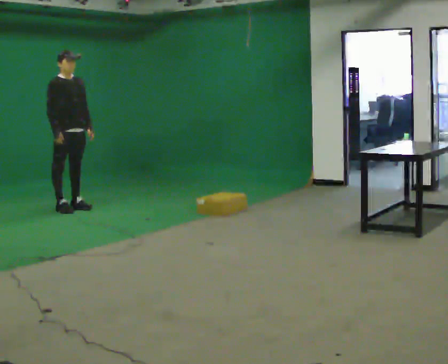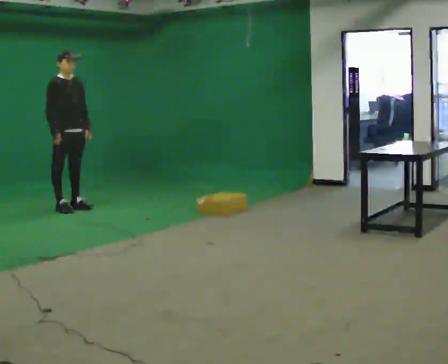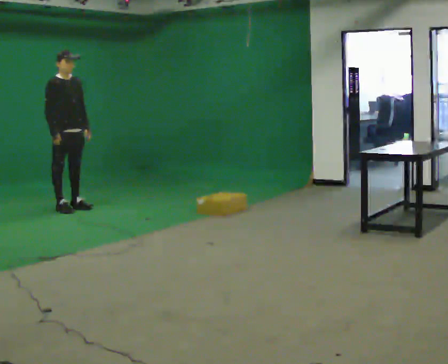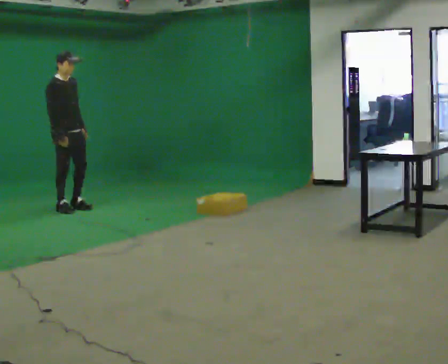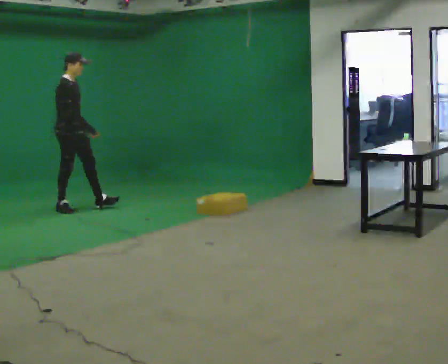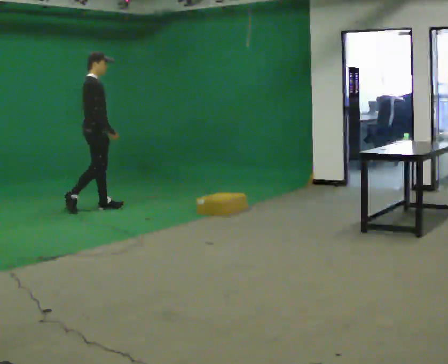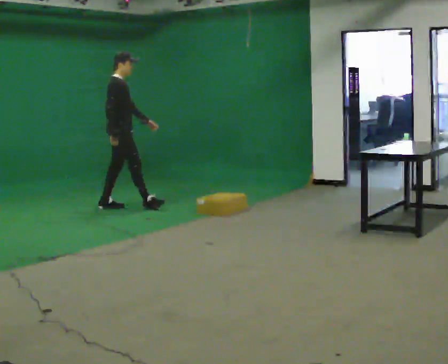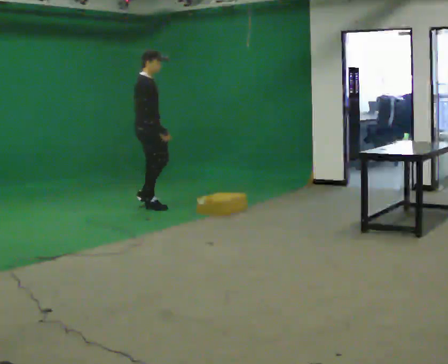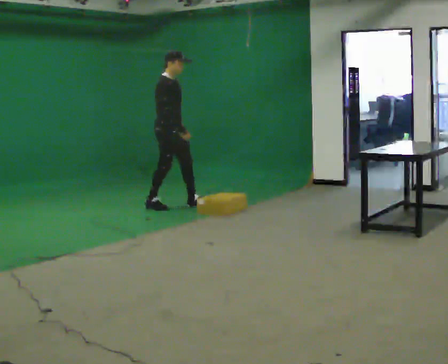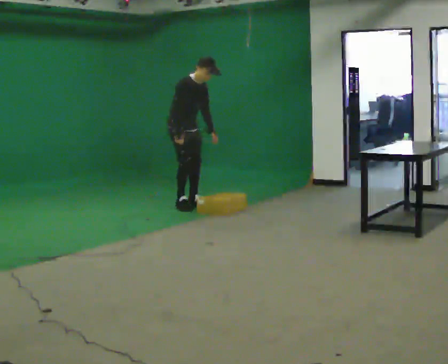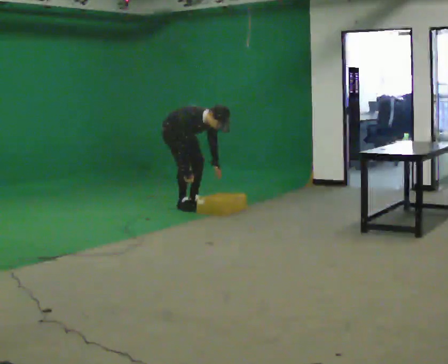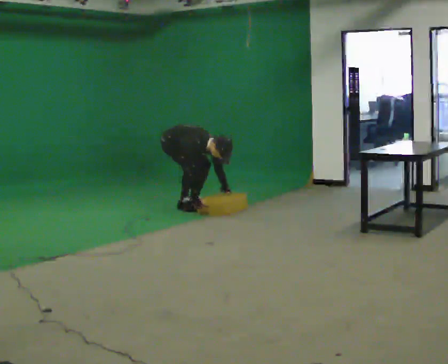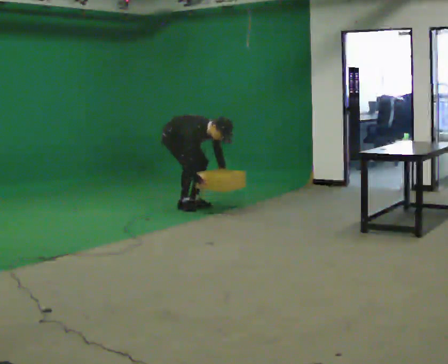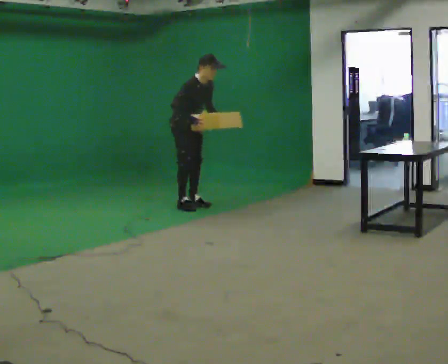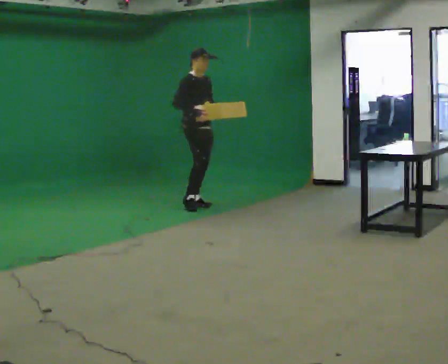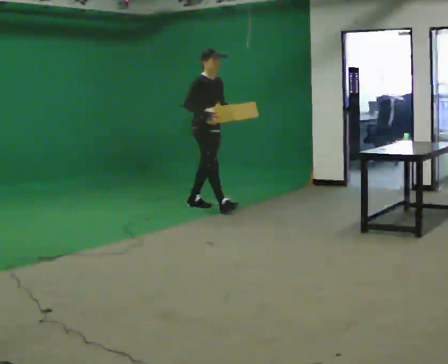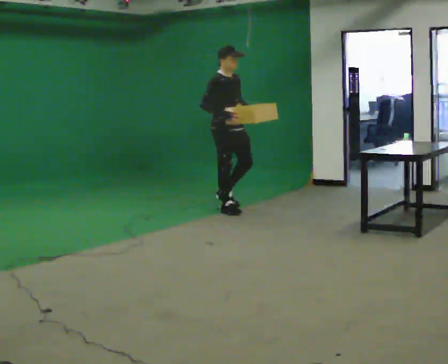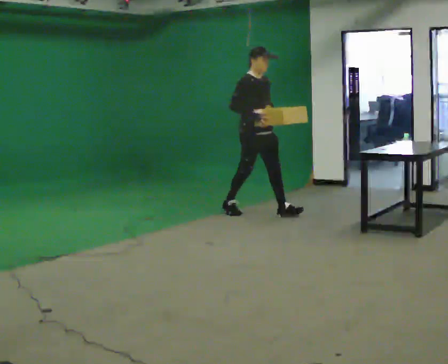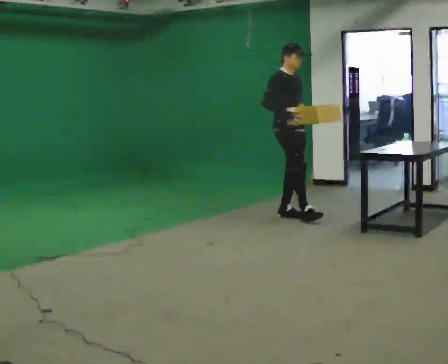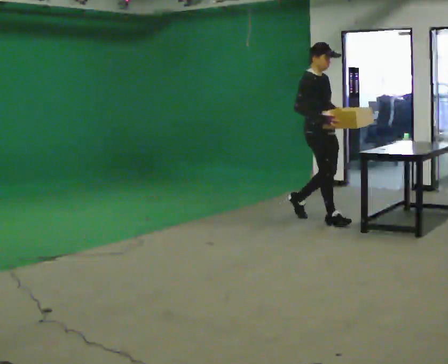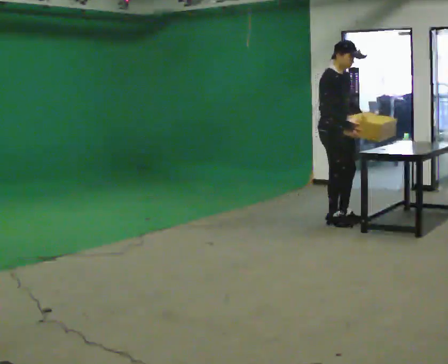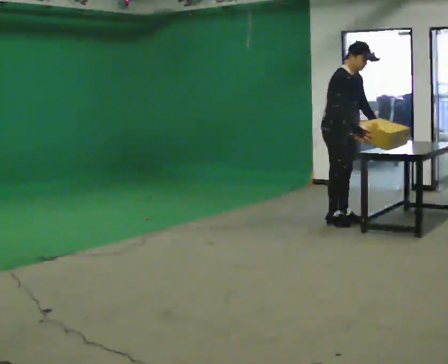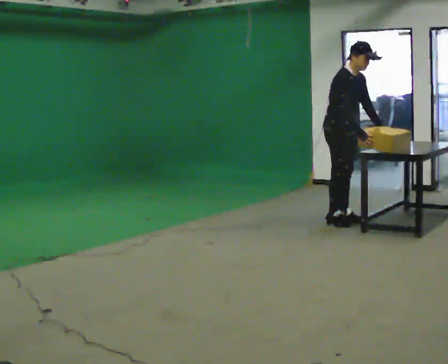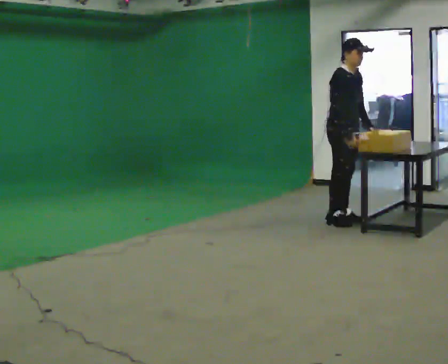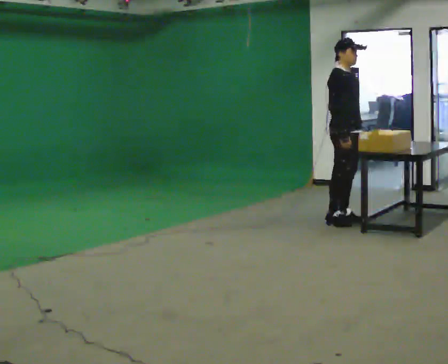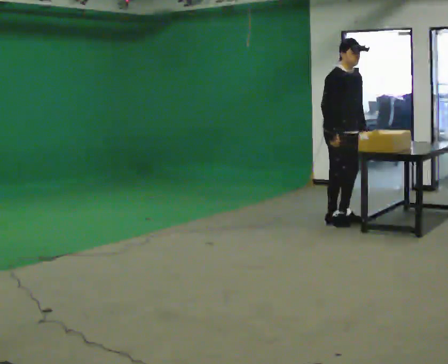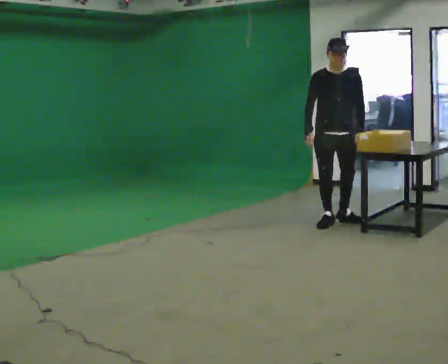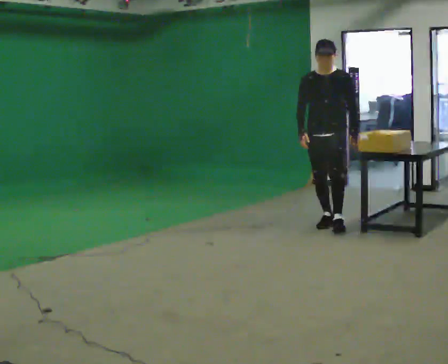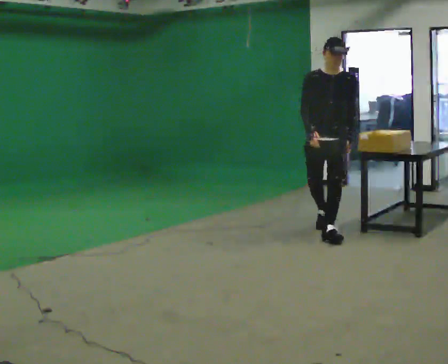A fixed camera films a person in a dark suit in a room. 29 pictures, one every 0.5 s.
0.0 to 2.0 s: Seen from above the body turns counterclockwise, about 30 degrees: to their left, with its near side sliding to the right.
2.0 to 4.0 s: In the picture they go to the right, about 1 m in 3 steps, which for them is forward.
4.0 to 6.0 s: In the picture the upper body tilts clockwise, shoulders to the right, as they bend forward. In the picture their right hand goes downward.
6.0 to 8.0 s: In the picture they go to the right and toward the camera, about 0.75 m in 1 step, which for them is forward. The shoulders move upward. In the picture the upper body tilts counterclockwise, shoulders to the left, as they lean back or straighten. In the picture their right hand goes upward.
8.0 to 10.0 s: In the picture they go to the right and toward the camera, about 1 m in 3 steps, which for them is forward.
10.0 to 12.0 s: The person moves a little, or ends about where they began.
12.0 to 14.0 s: The person turns about 60 degrees to their right, clockwise seen from above, so the part of the body nearest the lens slides to the left. In the picture they go toward the camera and to the left, about 0.5 m in 1 step.
The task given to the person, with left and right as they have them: Walk forward noticeably slower than normal; do not shuffle; stop.
The film runs forward here.
